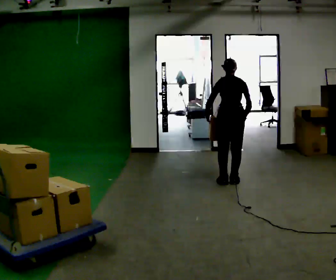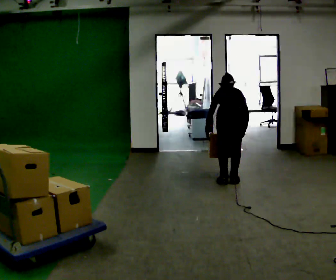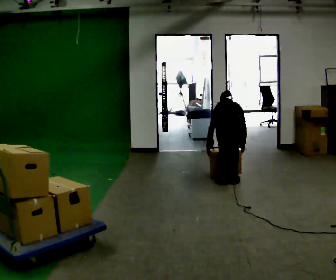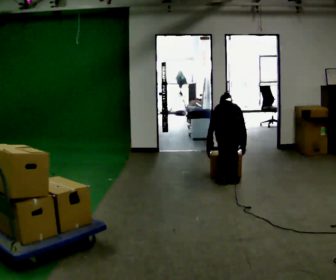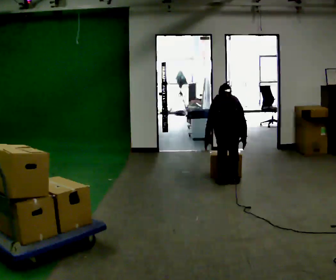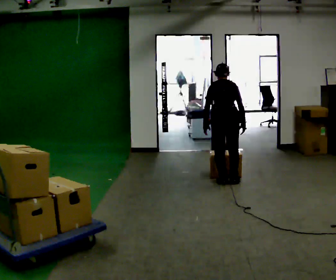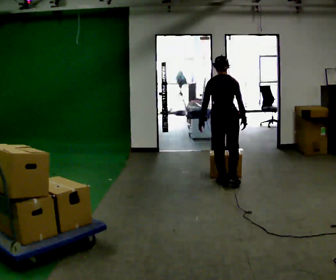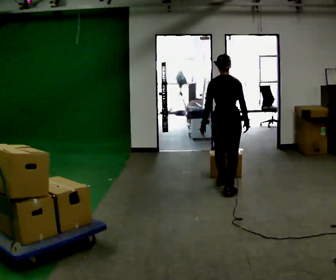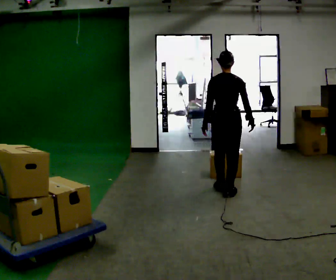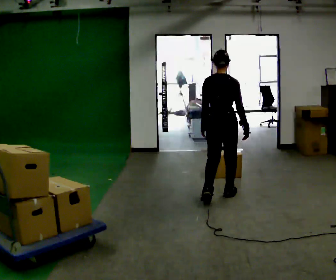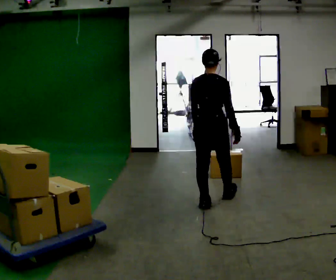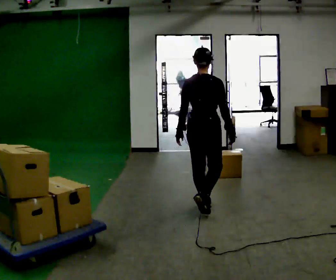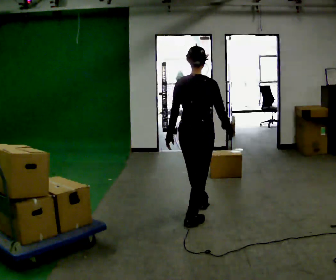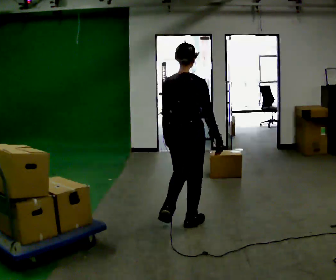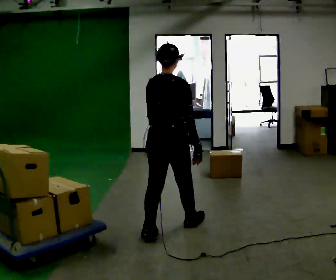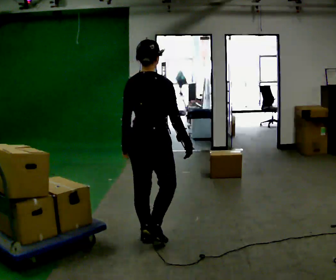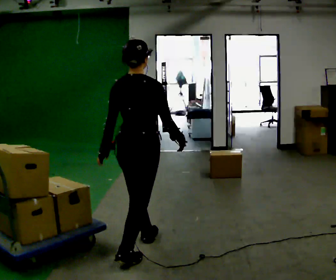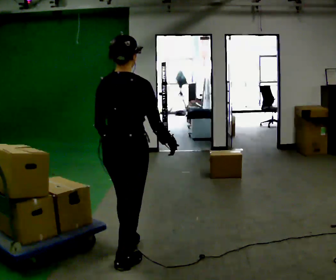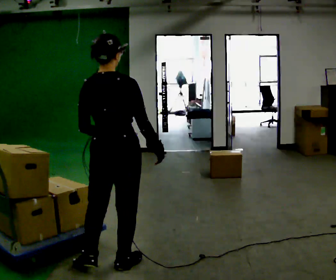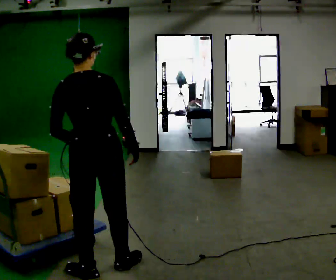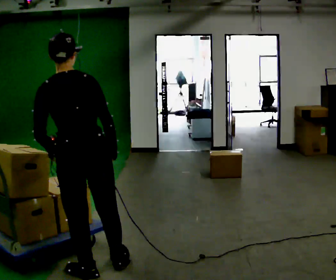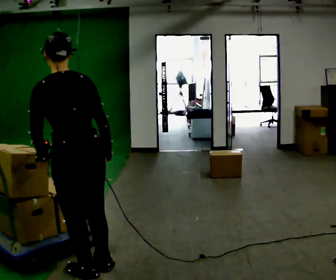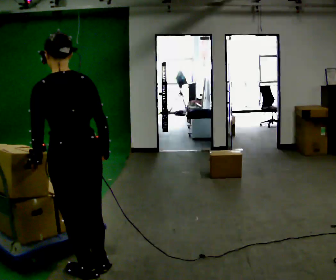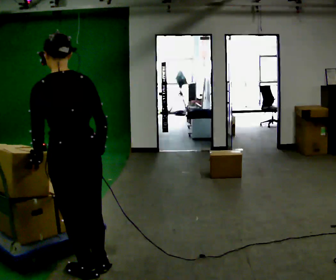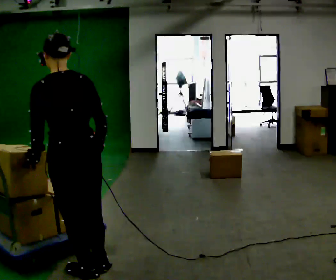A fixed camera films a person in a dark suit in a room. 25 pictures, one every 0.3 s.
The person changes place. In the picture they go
toward the camera.
0.0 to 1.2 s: The upper body tips away from the camera, its near side rolling upward, as they bend forward. In the picture their left hand goes downward.
1.2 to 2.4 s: In the picture they go toward the camera, about 0.25 m in 2 steps, which for them is backward. The upper body goes upward. The upper body tips toward the camera, its near side rolling downward, as they lean back or straighten.
2.4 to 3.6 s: In the picture they go toward the camera and to the left, about 1 m in 2 steps, which for them is backward.
3.6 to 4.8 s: In the picture they go toward the camera and to the left, about 1 m in 1 step, which for them is backward.
4.8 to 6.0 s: The person turns about 60 degrees to their left, counterclockwise seen from above, so the part of the body nearest the lens slides to the right. In the picture they go toward the camera and to the left, about 0.5 m in 1 step, which for them is backward. In the picture the upper body tilts counterclockwise, shoulders to the left.
6.0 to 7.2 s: The person moves a little, or ends about where they began.
The film runs backward here.
